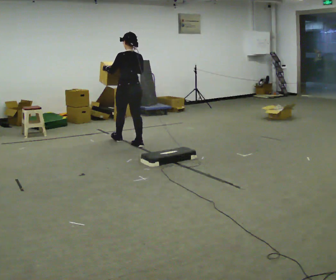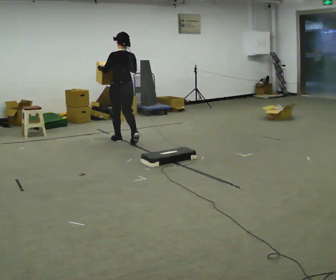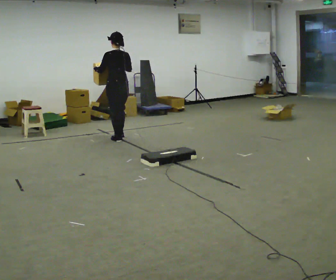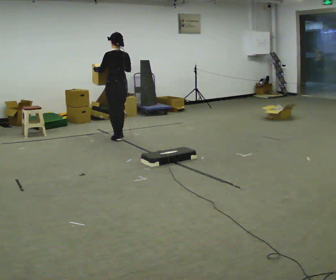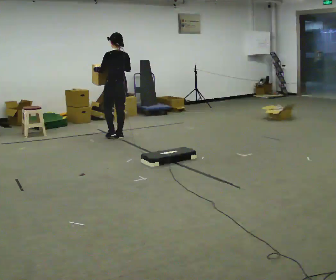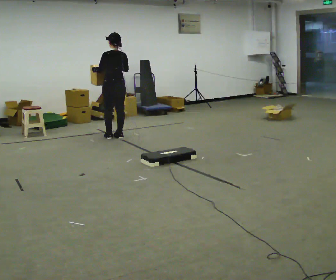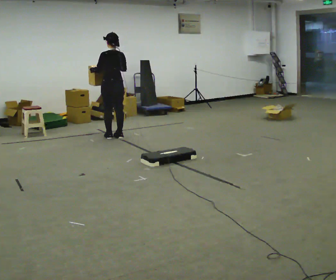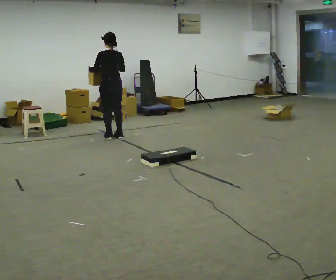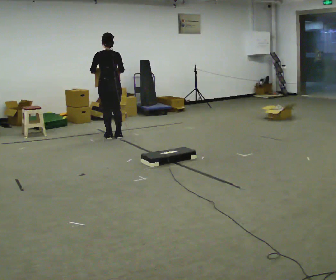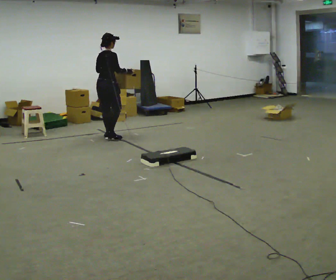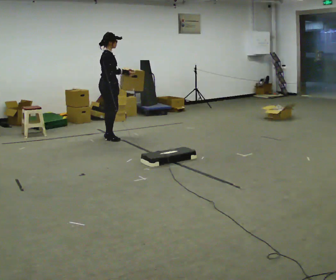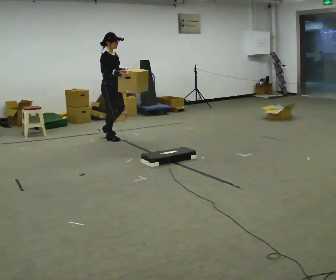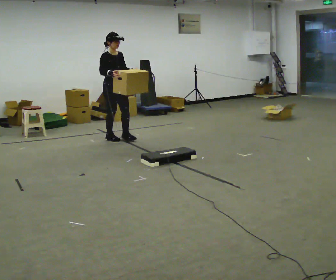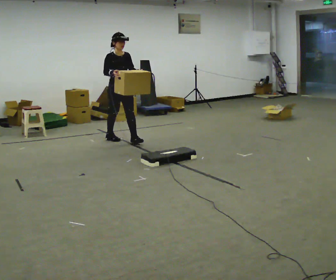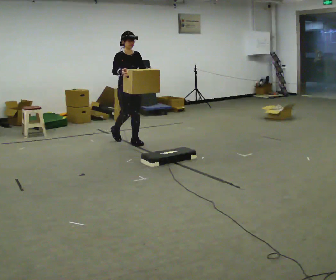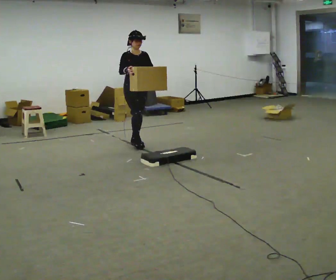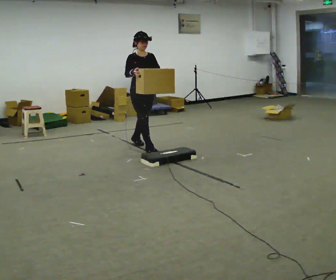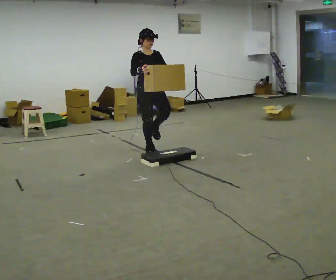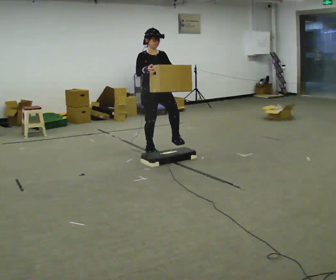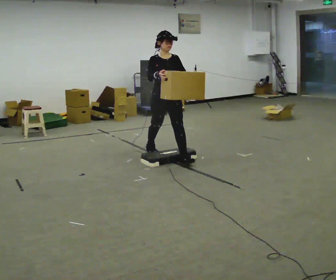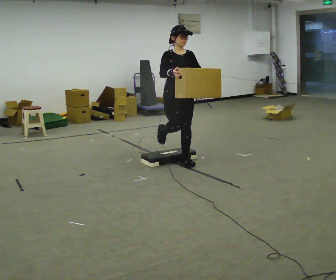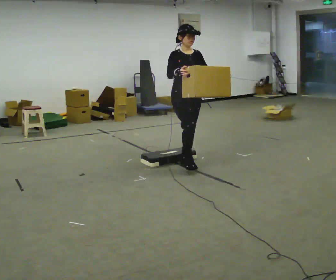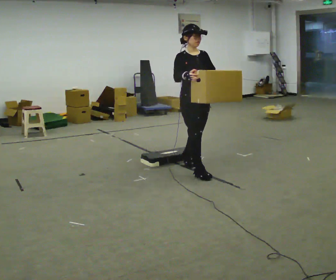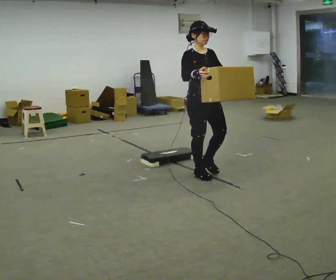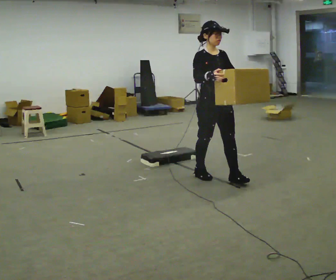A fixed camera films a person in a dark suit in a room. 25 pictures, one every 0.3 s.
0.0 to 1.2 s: In the picture they go away from the camera and to the left, about 0.5 m in 1 step, which for them is forward.
1.2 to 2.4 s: Seen from above the body turns clockwise, about 30 degrees: to their right, with its near side sliding to the left.
2.4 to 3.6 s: The part of the body nearest the lens slides to the left as the person turns to their right by about 135 degrees. In the picture their left hand goes to the right.
3.6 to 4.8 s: In the picture they go toward the camera and to the right, about 0.75 m in 2 steps, which for them is forward.
4.8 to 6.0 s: In the picture they go toward the camera and to the right, about 1 m in 1 step, which for them is forward.
6.0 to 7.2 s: In the picture they go toward the camera, about 0.5 m in 2 steps, which for them is forward.
The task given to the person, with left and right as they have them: Carry the box over the low sill without stopping, then bring it back over. Keep going until the operator says stop; one object at a time, and do not rush between trips.
The film runs forward here.
